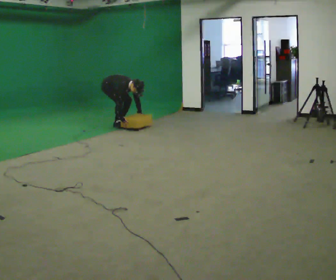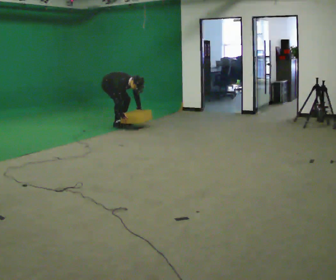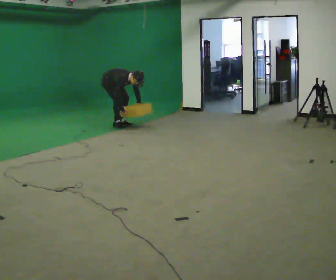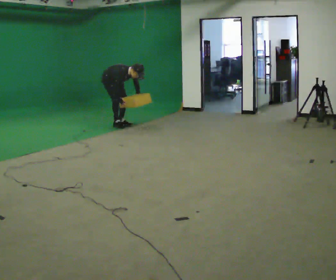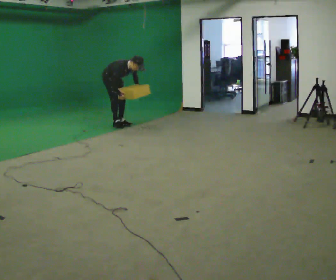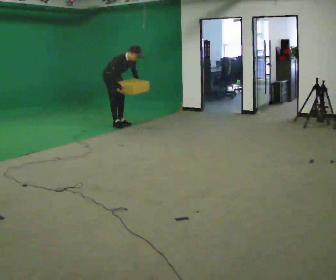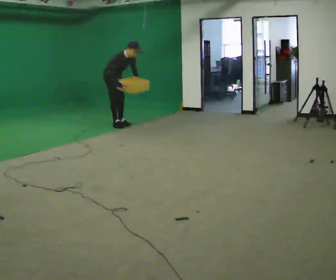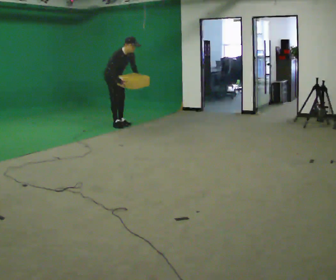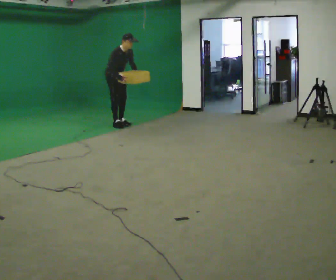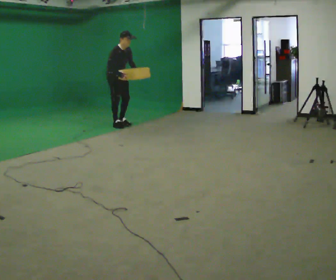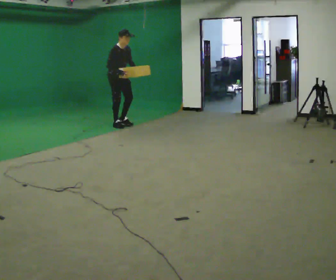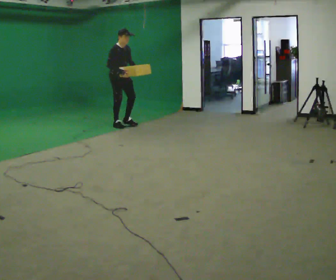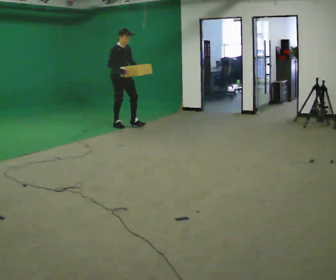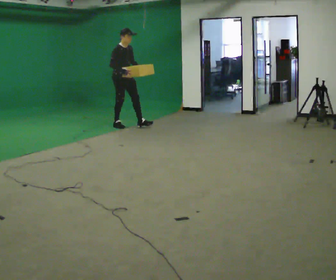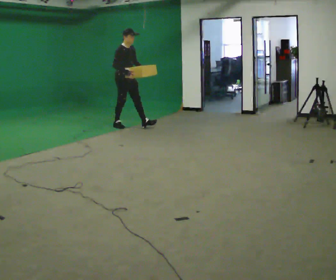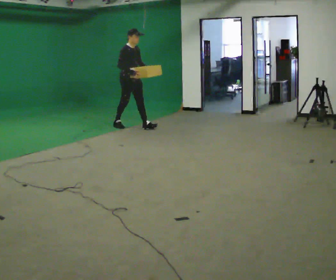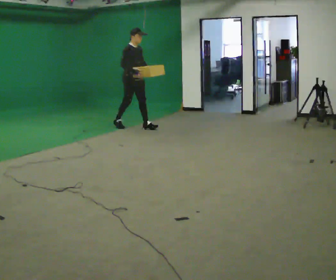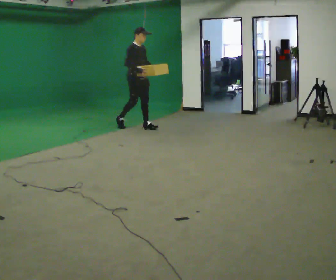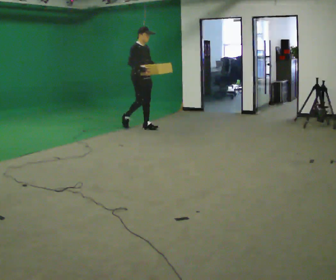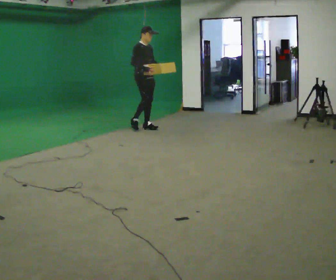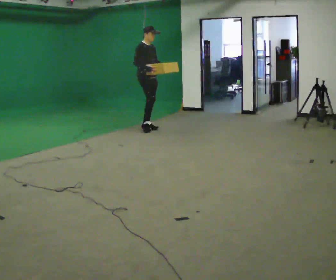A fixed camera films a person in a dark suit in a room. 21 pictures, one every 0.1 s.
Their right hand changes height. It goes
upward.
Their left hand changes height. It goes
upward.
0.0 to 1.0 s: In the picture they go toward the camera, about 0.25 m, which for them is forward. The shoulders move upward. In the picture the upper body tilts counterclockwise, shoulders to the left, as they lean back or straighten. In the picture their right hand goes upward.
1.0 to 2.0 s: In the picture they go to the right and toward the camera, about 0.5 m in 1 step, which for them is forward.
The film runs forward here.
